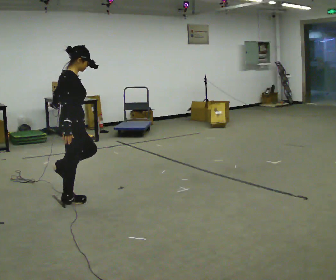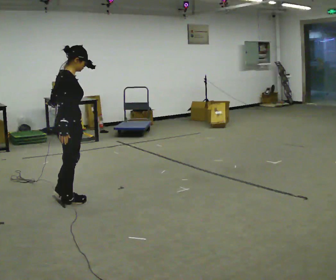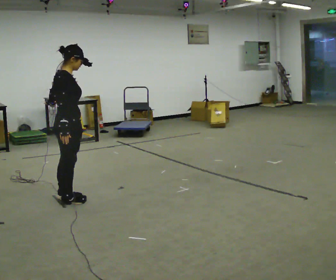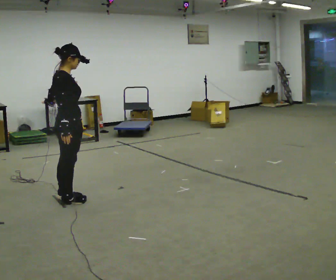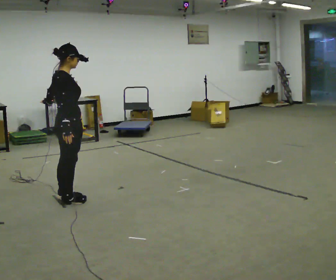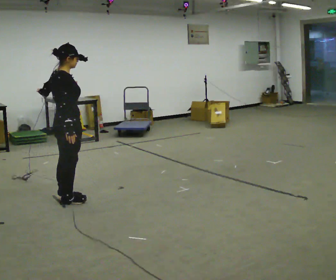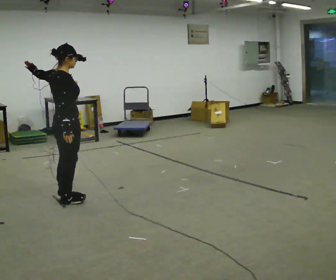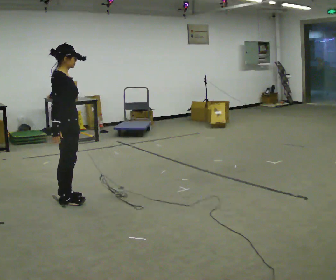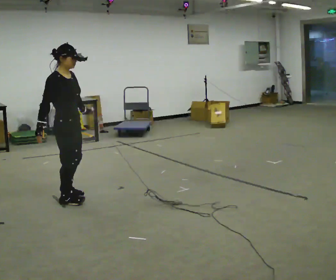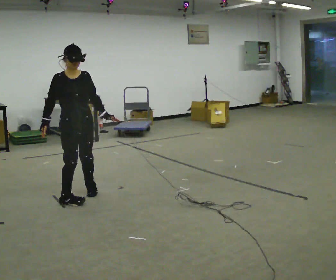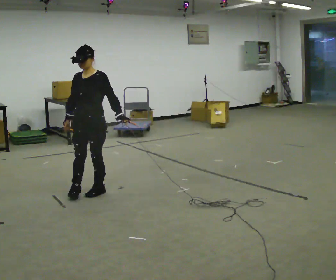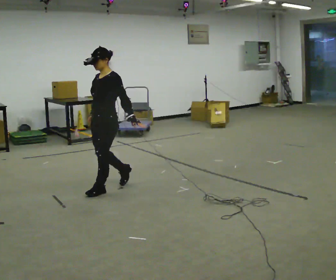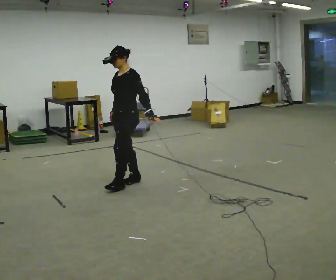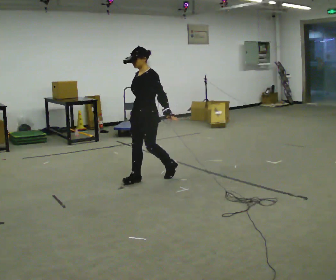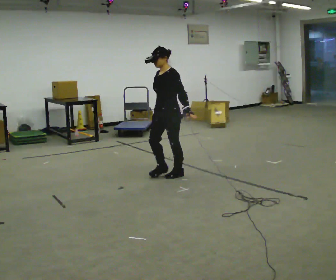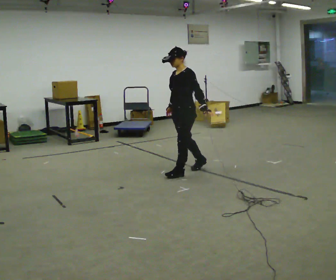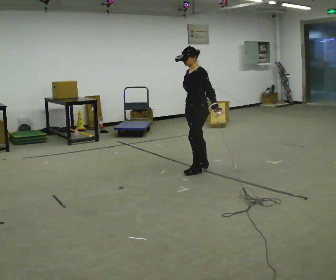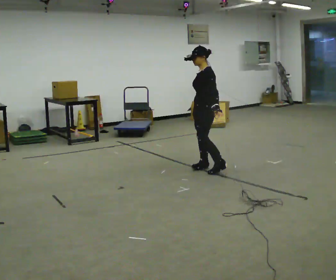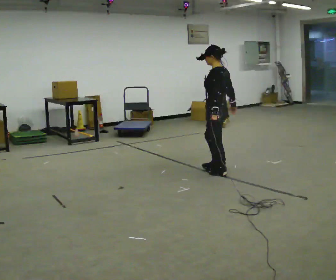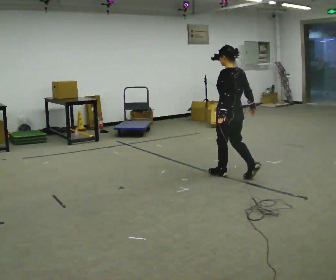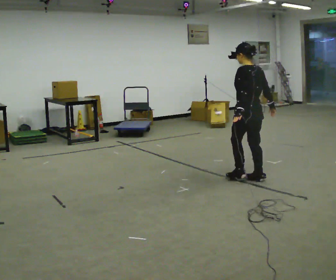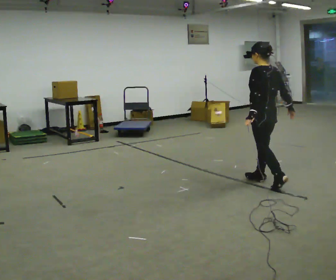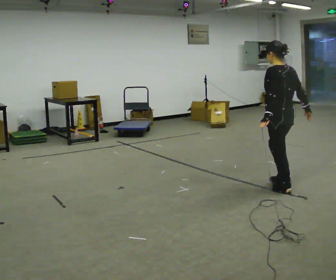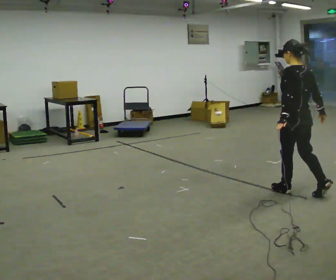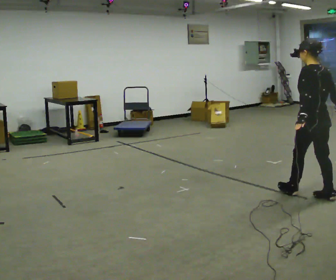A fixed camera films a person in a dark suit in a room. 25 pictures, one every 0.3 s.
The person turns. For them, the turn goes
to their right.
The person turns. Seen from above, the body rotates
clockwise.
0.0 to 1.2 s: The person moves a little, or ends about where they began.
1.2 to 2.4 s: The person turns about 30 degrees to their right, clockwise seen from above, so the part of the body nearest the lens slides to the left.
2.4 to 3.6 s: Seen from above the body turns clockwise, about 150 degrees: to their right, with its near side sliding to the left. In the picture they go to the right and away from the camera, about 1 m in 3 steps.
3.6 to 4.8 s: In the picture they go to the right and away from the camera, about 1 m in 2 steps, which for them is backward.
4.8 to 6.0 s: The person turns about 75 degrees to their right, clockwise seen from above, so the part of the body nearest the lens slides to the left. In the picture they go toward the camera and to the right, about 0.5 m in 2 steps.
6.0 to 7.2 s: In the picture they go toward the camera and to the right, about 1 m in 2 steps, which for them is backward.
The film runs backward here.
